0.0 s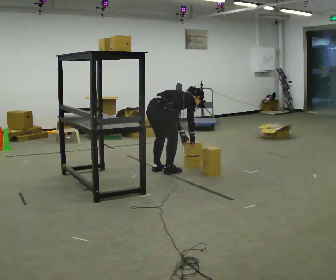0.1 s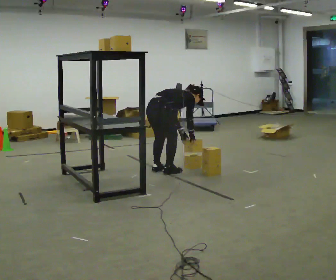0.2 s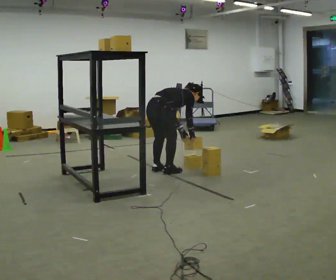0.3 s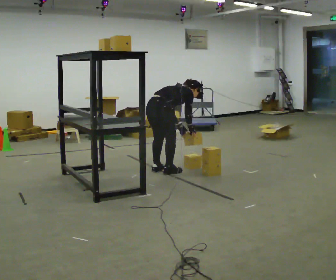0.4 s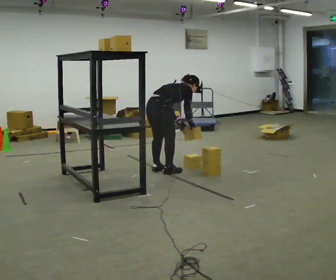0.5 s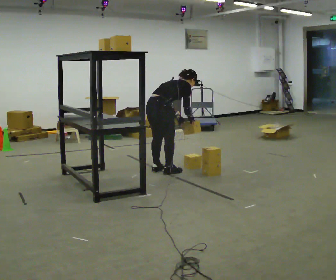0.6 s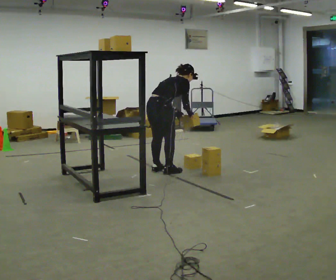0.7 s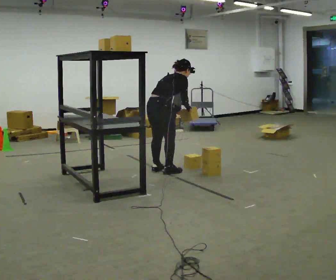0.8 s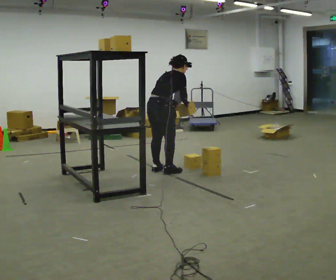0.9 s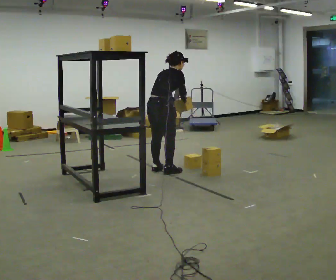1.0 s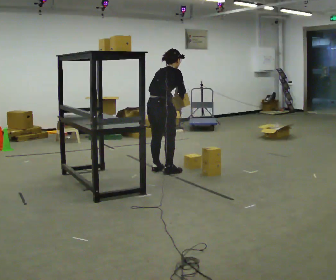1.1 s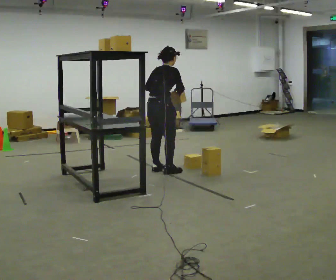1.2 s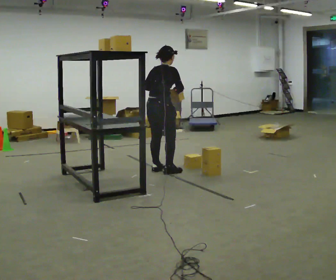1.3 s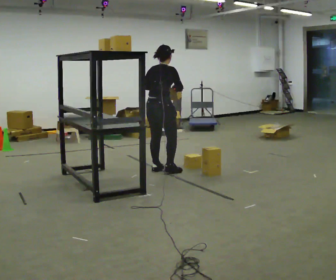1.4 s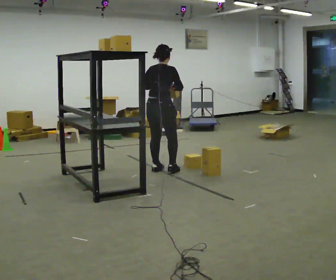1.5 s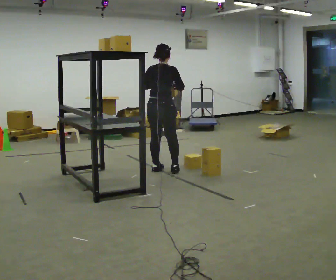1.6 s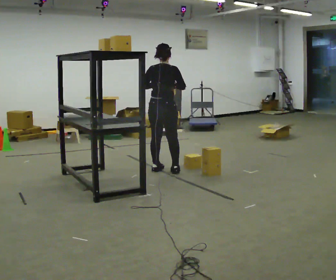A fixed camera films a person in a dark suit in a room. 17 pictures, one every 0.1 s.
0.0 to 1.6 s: The part of the body nearest the lens slides to the right as the person turns to their left by about 45 degrees. The shoulders move upward. In the picture the upper body tilts counterclockwise, shoulders to the left, as they lean back or straighten. In the picture their right hand goes upward.
The film runs forward here.
